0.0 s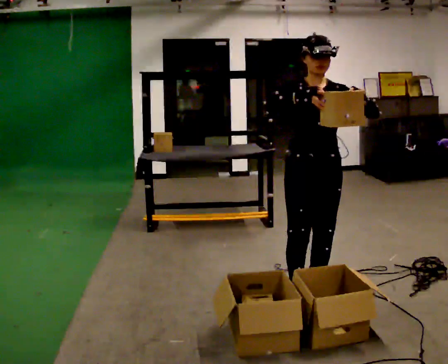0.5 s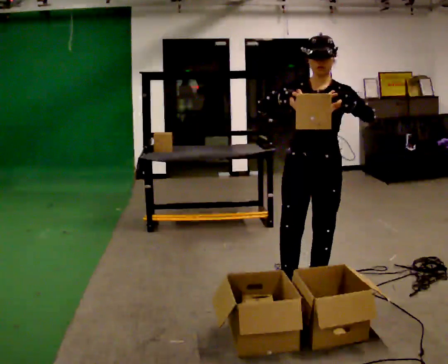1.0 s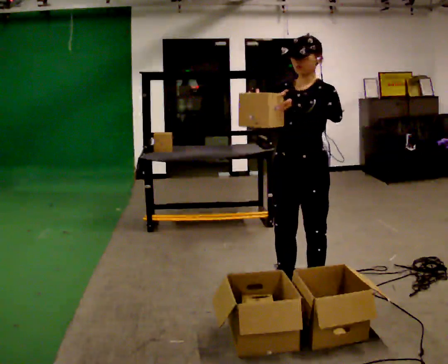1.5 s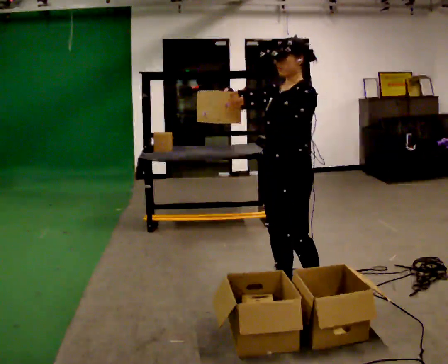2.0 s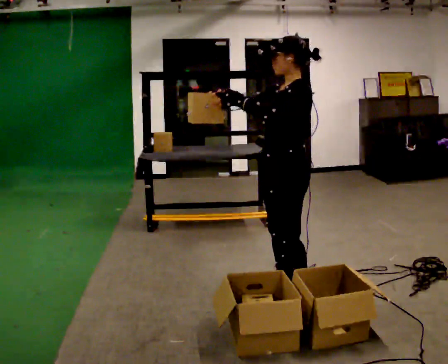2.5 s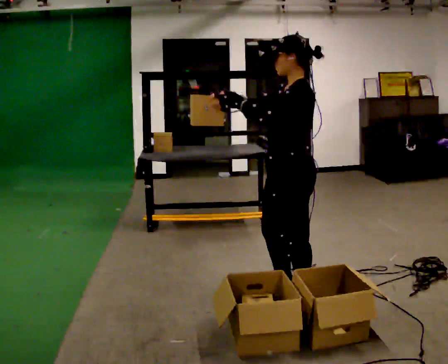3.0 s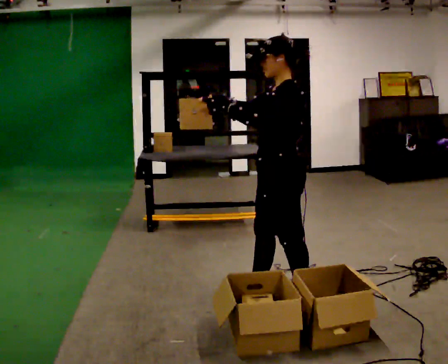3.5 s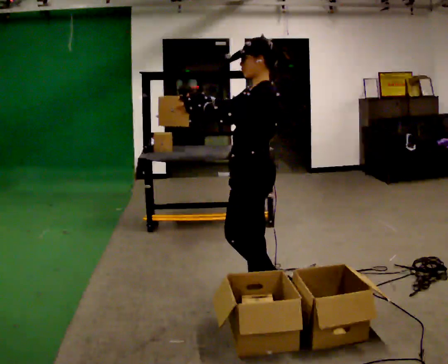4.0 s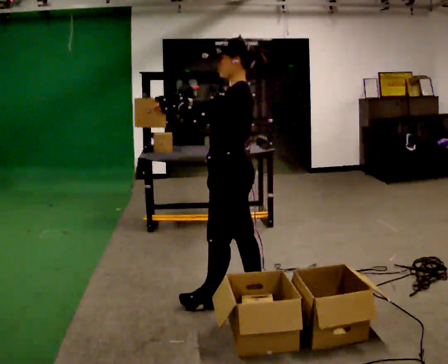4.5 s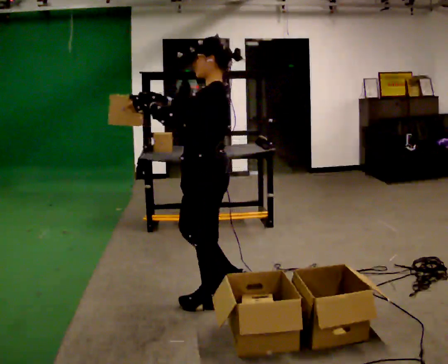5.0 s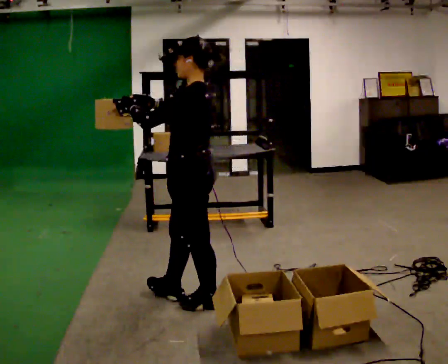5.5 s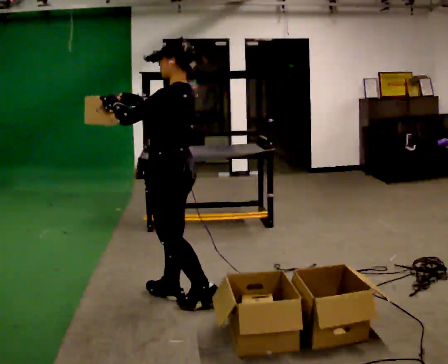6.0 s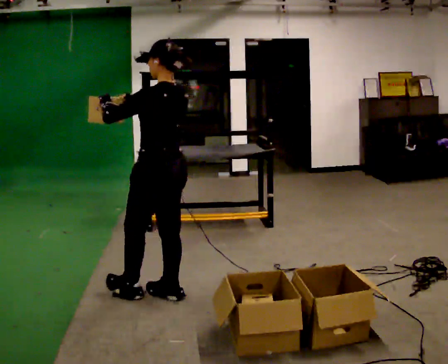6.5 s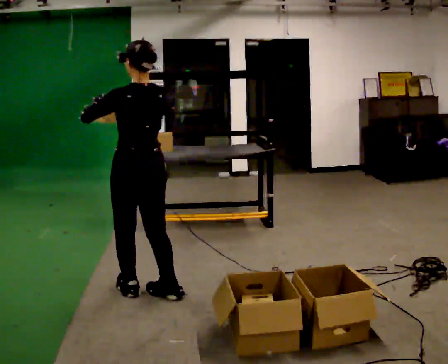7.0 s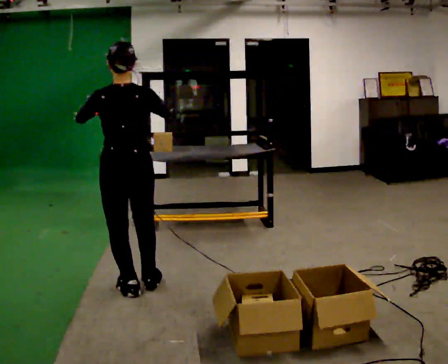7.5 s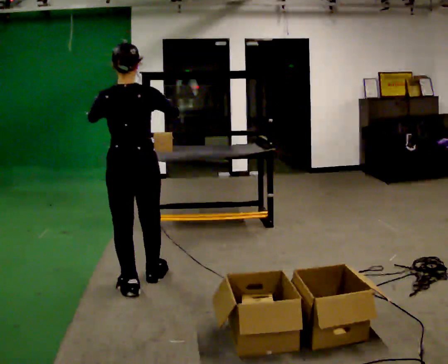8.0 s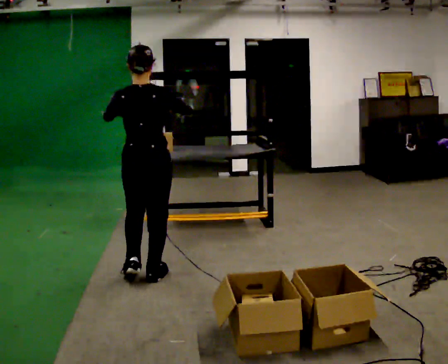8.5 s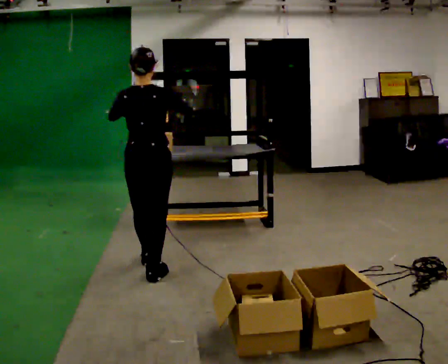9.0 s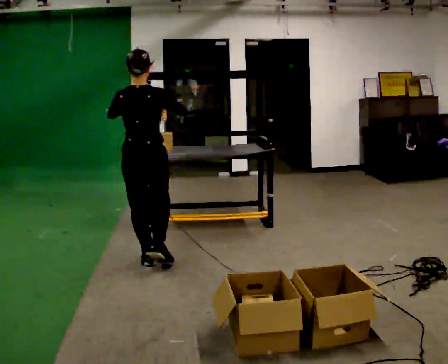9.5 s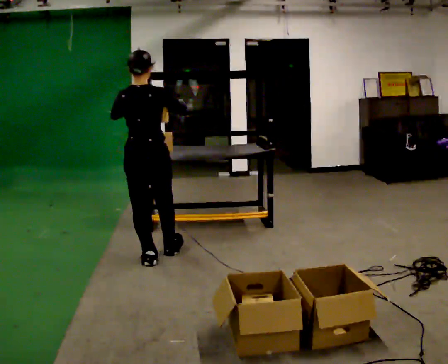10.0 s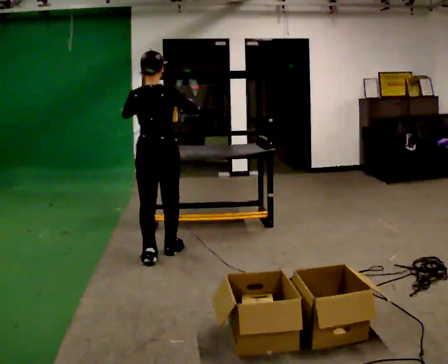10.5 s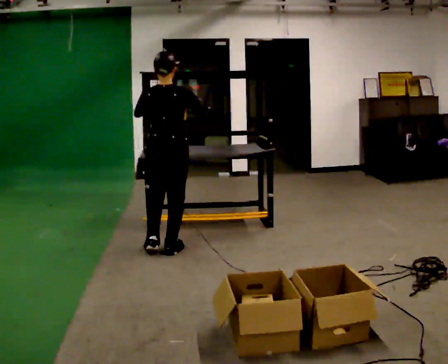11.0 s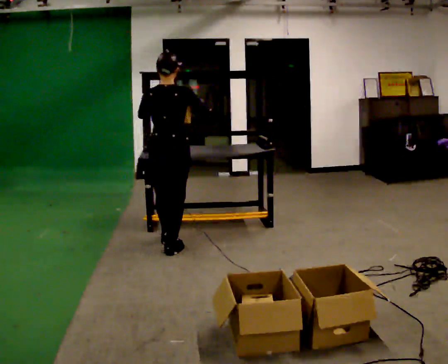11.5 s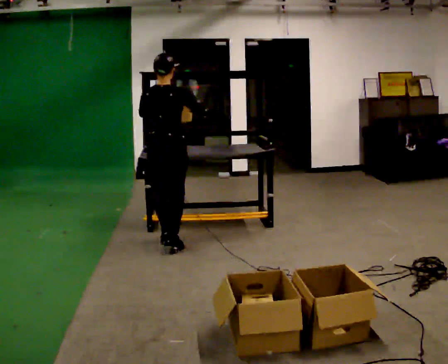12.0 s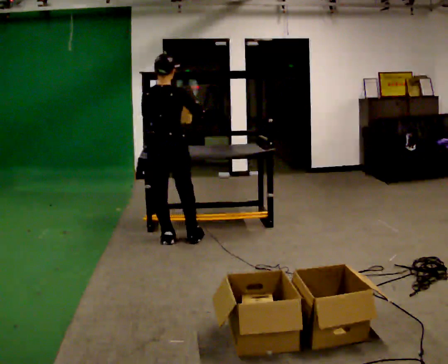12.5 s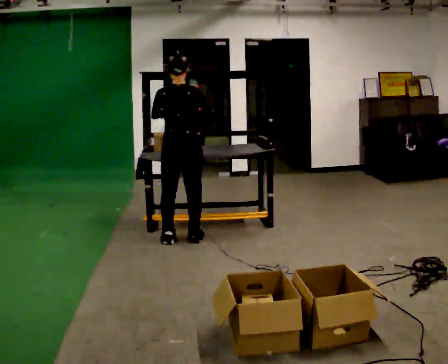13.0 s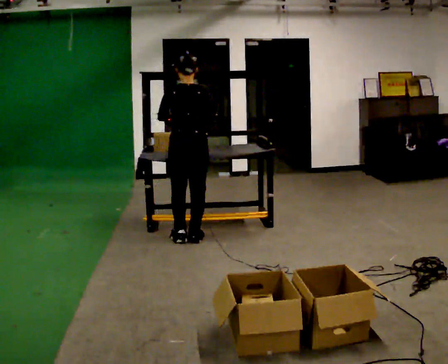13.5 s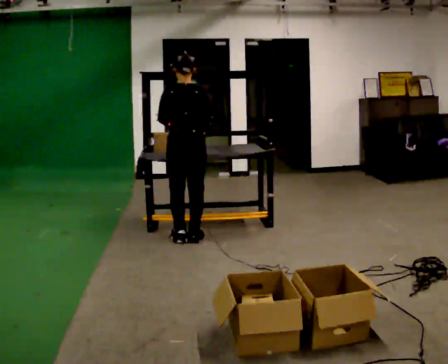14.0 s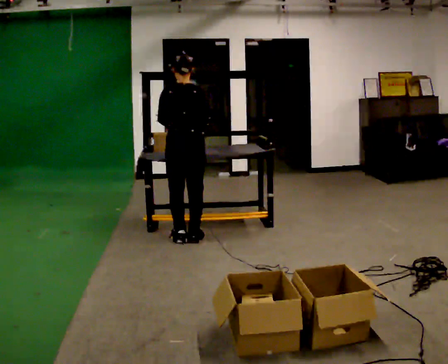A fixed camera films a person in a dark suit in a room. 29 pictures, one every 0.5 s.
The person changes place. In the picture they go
away from the camera.
The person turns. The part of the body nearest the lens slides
to the left.
0.0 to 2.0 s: The person turns about 75 degrees to their right, clockwise seen from above, so the part of the body nearest the lens slides to the left.
2.0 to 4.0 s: In the picture they go to the left, about 0.25 m in 2 steps, which for them is forward.
4.0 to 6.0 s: Seen from above the body turns clockwise, about 30 degrees: to their right, with its near side sliding to the left. In the picture they go to the left, about 0.5 m in 1 step, which for them is forward.
6.0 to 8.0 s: Seen from above the body turns clockwise, about 60 degrees: to their right, with its near side sliding to the left. In the picture they go away from the camera, about 0.25 m in 2 steps, which for them is forward.
8.0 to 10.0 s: In the picture they go away from the camera, about 0.5 m in 2 steps, which for them is forward.
10.0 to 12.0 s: In the picture they go away from the camera, about 0.25 m in 2 steps, which for them is forward.
12.0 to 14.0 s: In the picture they go to the right, about 0.25 m, which for them is to their right.
The film runs forward here.
